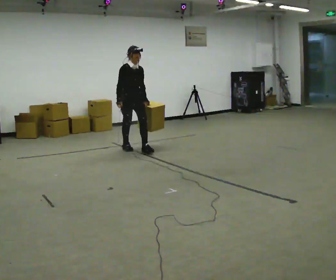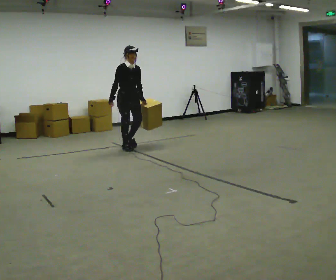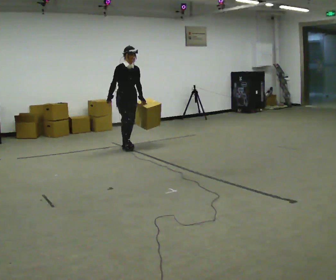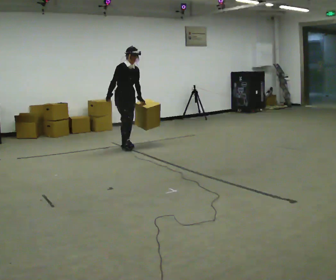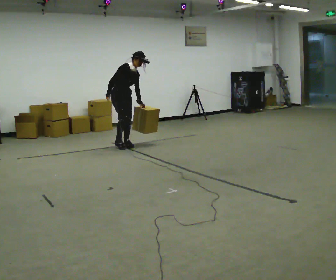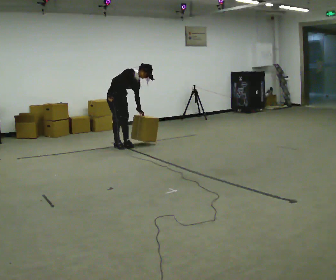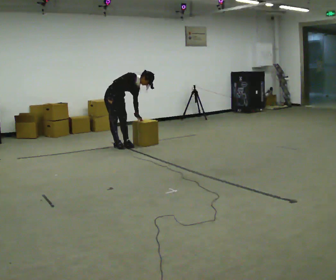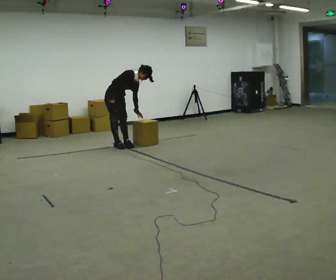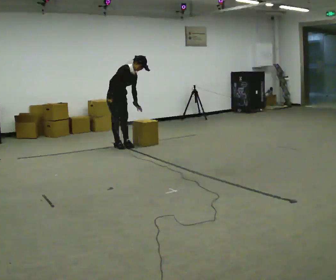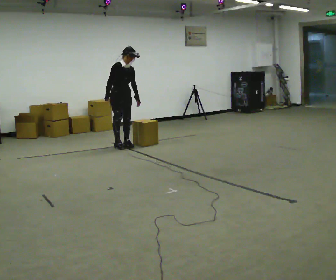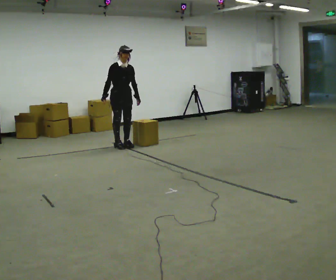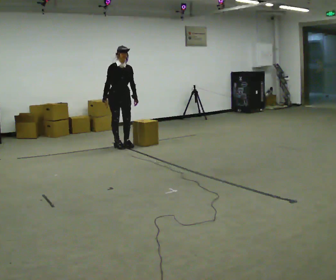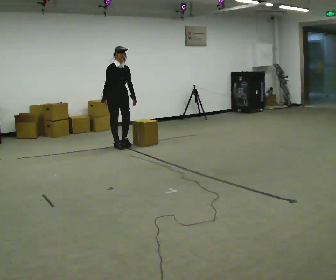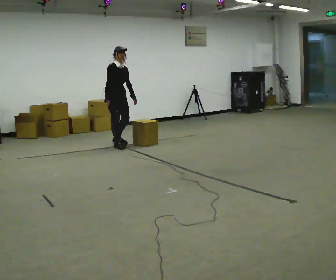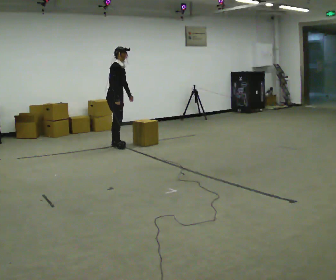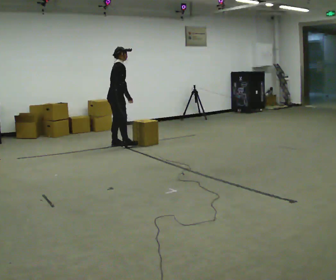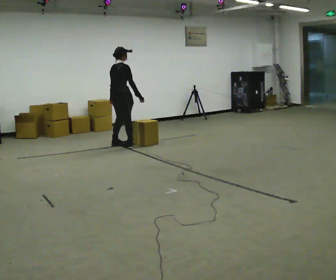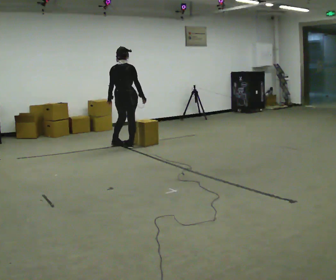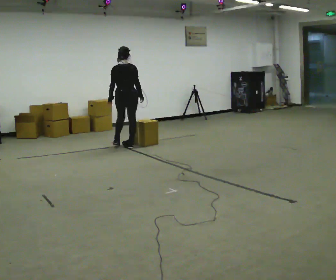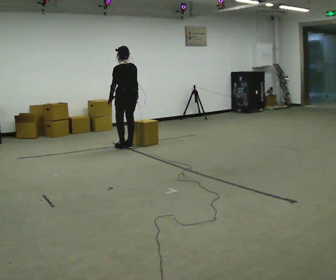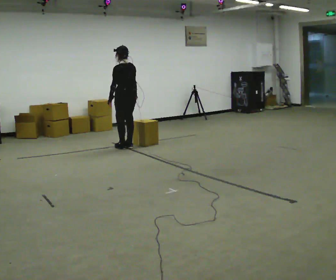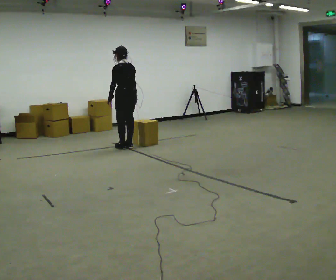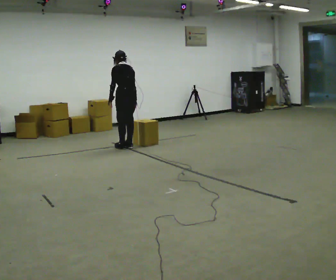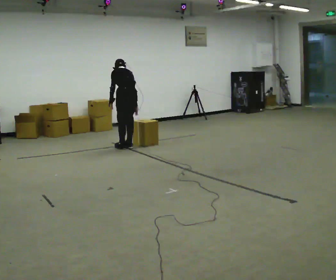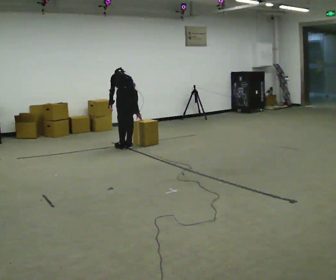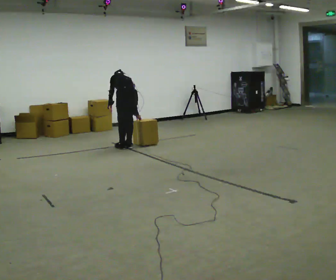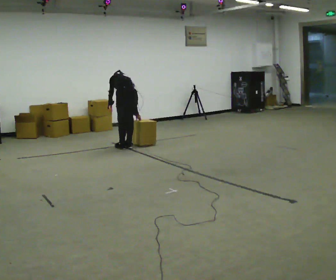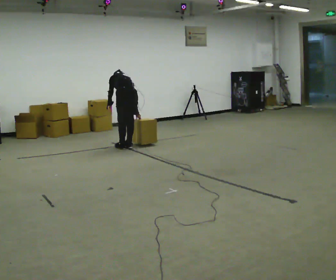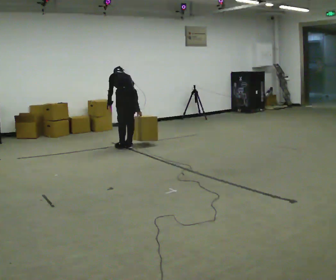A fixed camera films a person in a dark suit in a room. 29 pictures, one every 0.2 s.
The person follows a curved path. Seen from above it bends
counterclockwise.
0.0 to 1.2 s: Seen from above the body turns counterclockwise, about 30 degrees: to their left, with its near side sliding to the right. In the picture they go away from the camera and to the left, about 0.5 m in 1 step, which for them is backward. The shoulders move downward. In the picture the upper body tilts clockwise, shoulders to the right, as they bend forward.
1.2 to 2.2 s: The person turns about 30 degrees to their right, clockwise seen from above, so the part of the body nearest the lens slides to the left. The shoulders move upward. In the picture the upper body tilts counterclockwise, shoulders to the left, as they lean back or straighten.
2.2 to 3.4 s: Seen from above the body turns counterclockwise, about 135 degrees: to their left, with its near side sliding to the right. In the picture their right hand goes to the right, the arm swinging counterclockwise.
3.4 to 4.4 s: The person turns about 60 degrees to their left, counterclockwise seen from above, so the part of the body nearest the lens slides to the right.
4.4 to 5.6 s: The upper body tips away from the camera, its near side rolling upward, as they bend forward.
The film runs backward here.
